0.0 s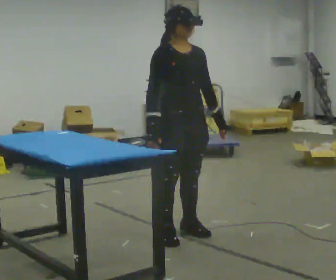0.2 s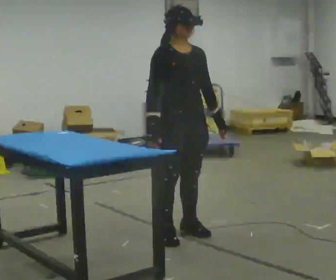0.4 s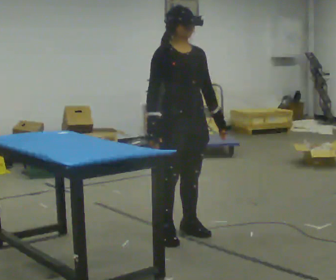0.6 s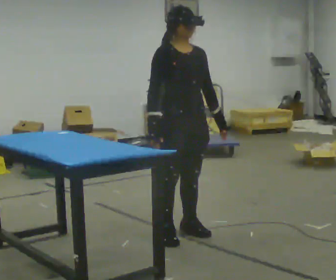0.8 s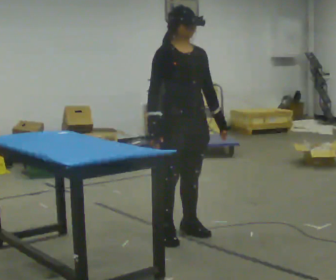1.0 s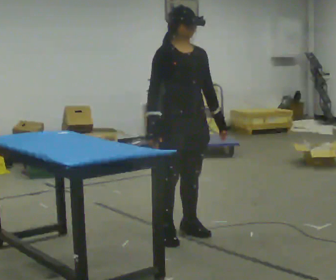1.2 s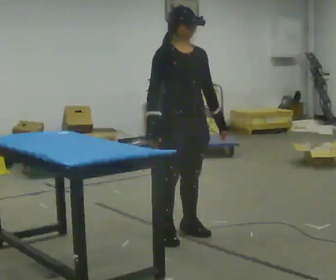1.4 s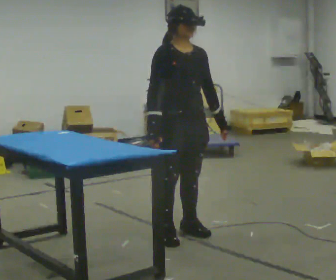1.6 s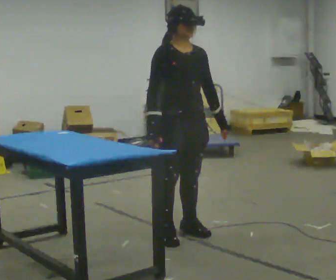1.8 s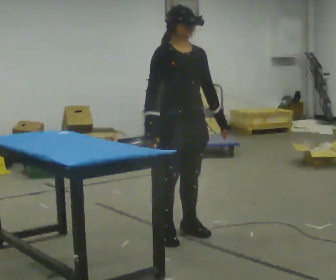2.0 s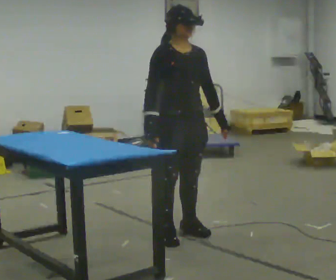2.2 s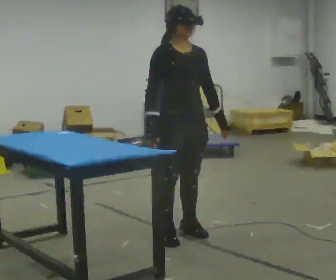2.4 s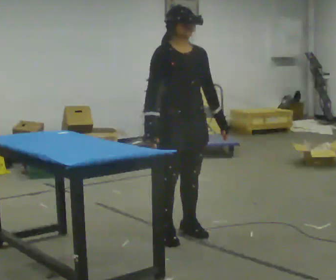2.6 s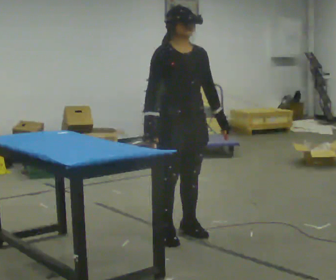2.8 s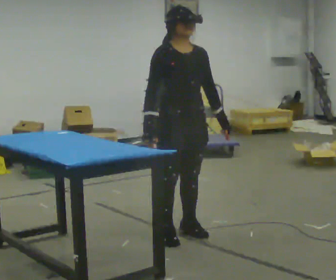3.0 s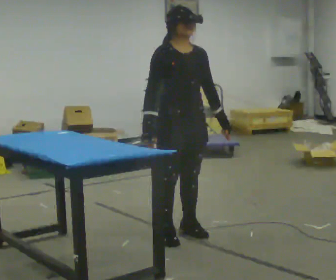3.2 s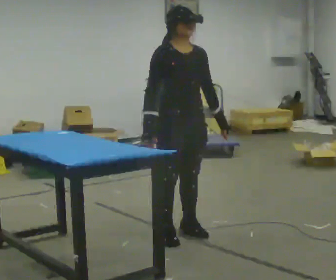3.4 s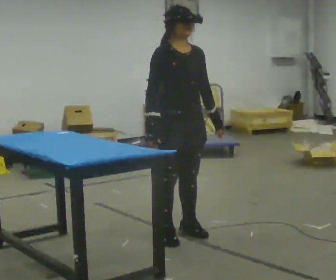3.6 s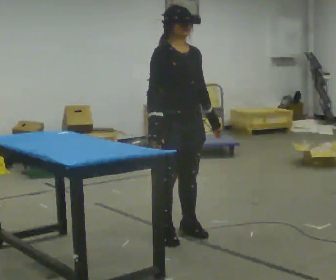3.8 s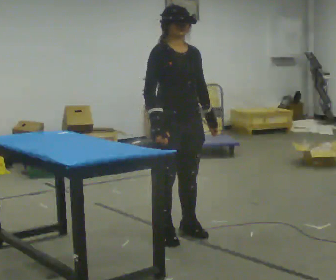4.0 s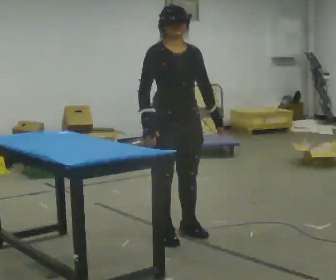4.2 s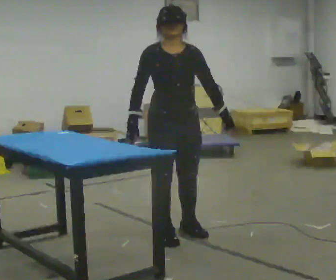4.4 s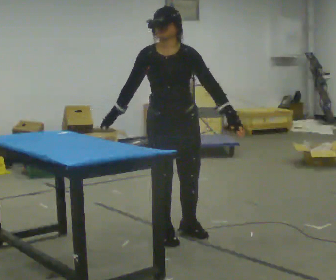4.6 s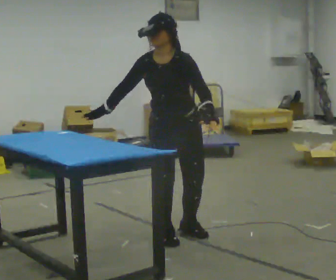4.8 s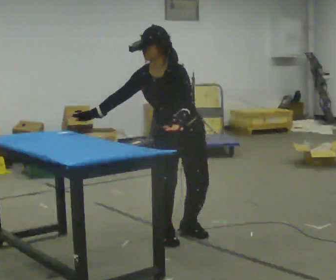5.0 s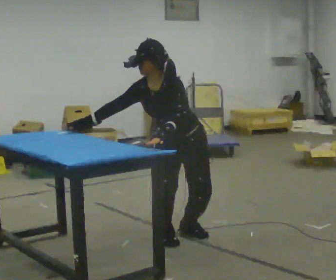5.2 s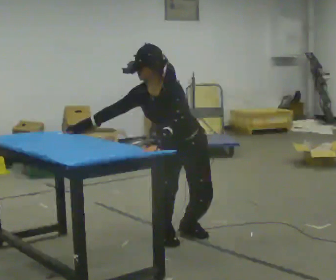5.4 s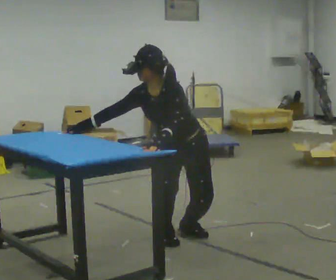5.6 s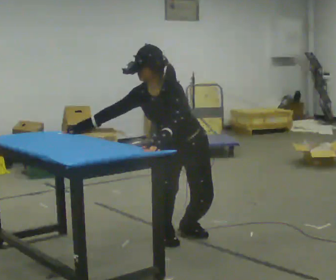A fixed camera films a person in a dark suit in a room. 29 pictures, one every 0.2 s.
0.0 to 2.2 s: The person keeps their place and pose.
2.2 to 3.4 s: The person moves a little, or ends about where they began.
3.4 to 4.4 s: The person turns about 30 degrees to their right, clockwise seen from above, so the part of the body nearest the lens slides to the left.
4.4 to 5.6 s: The part of the body nearest the lens slides to the left as the person turns to their right by about 30 degrees. The upper body goes downward. In the picture the upper body tilts counterclockwise, shoulders to the left, as they bend forward. In the picture their left hand goes to the left.
The film runs backward here.
